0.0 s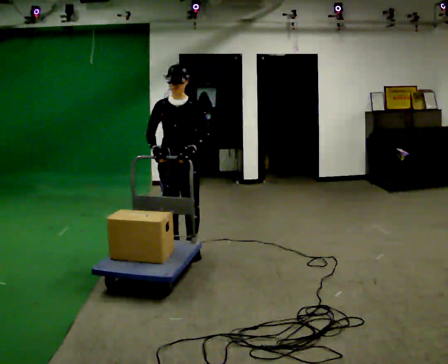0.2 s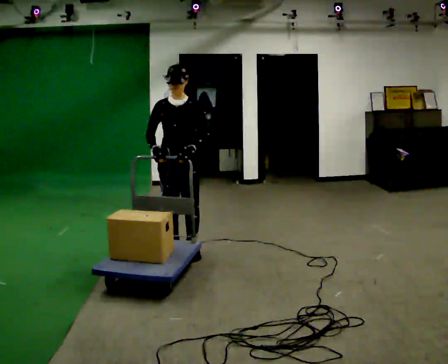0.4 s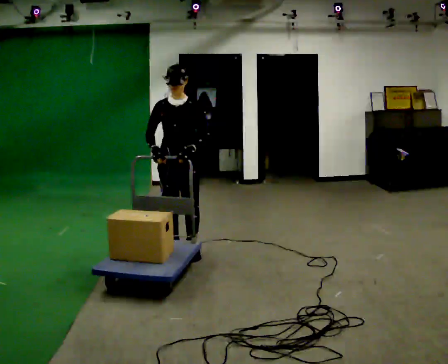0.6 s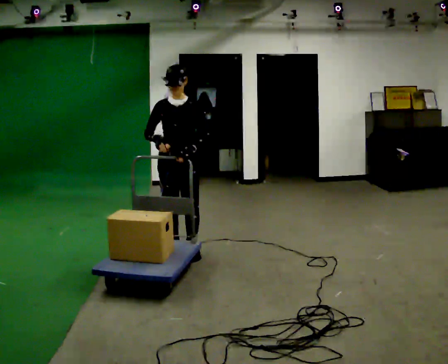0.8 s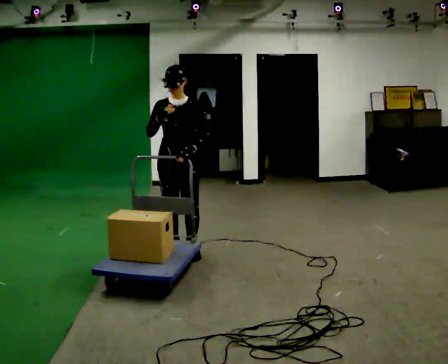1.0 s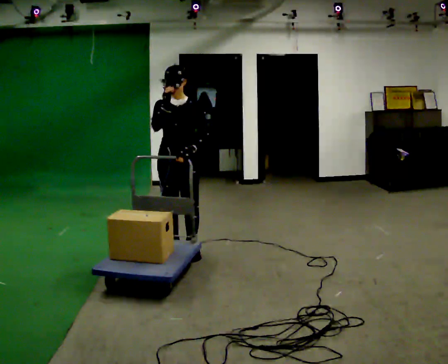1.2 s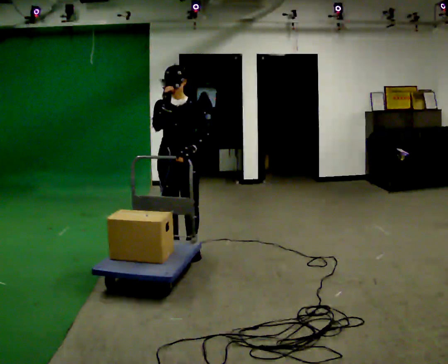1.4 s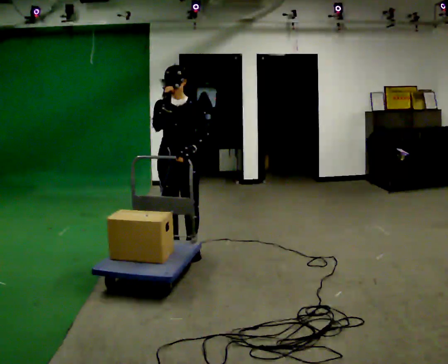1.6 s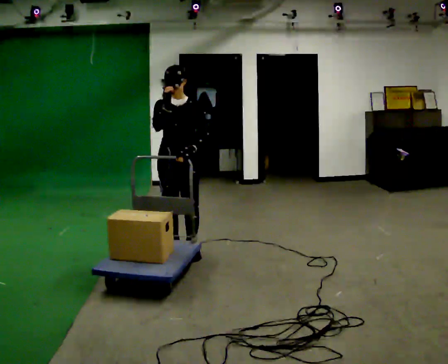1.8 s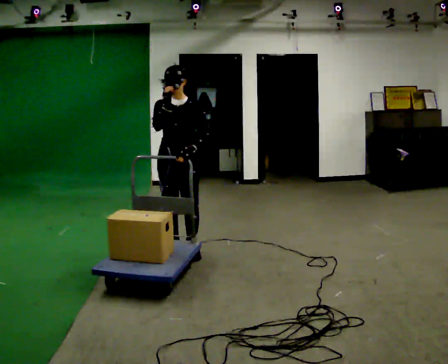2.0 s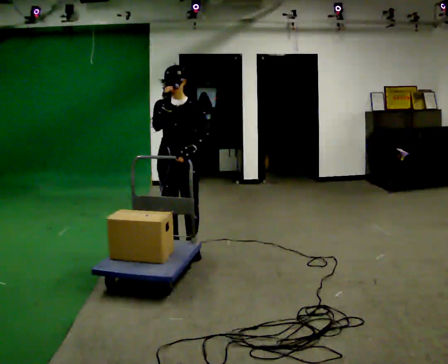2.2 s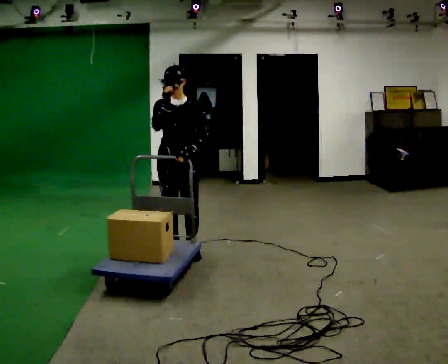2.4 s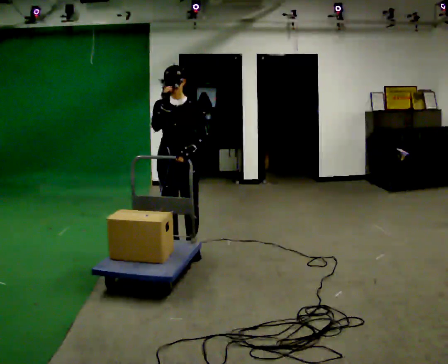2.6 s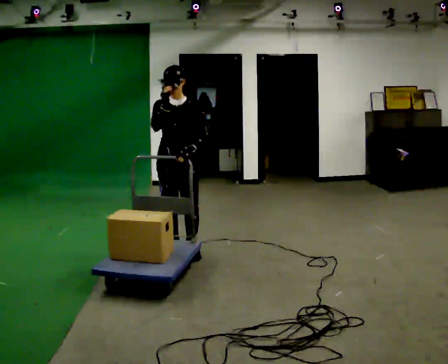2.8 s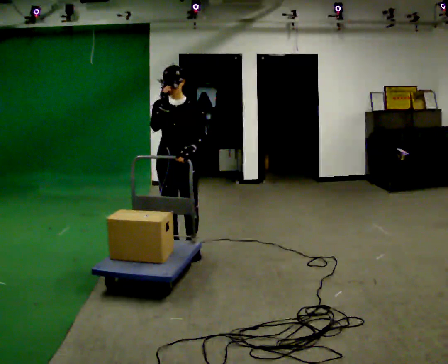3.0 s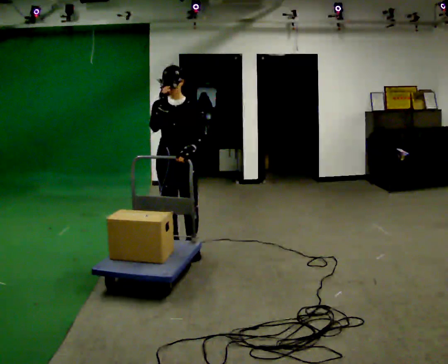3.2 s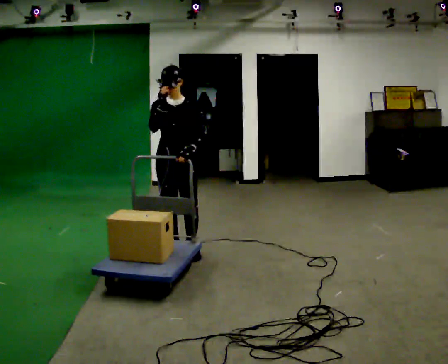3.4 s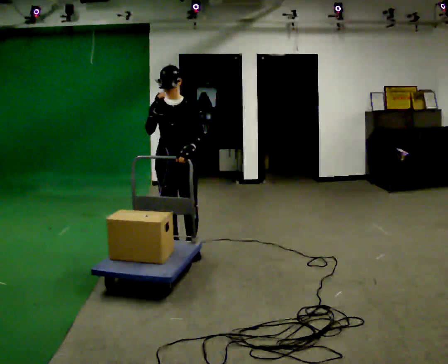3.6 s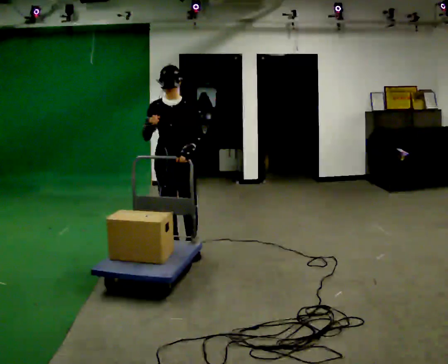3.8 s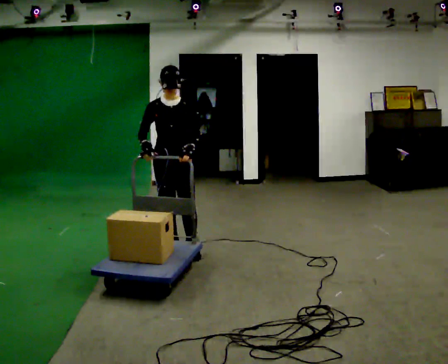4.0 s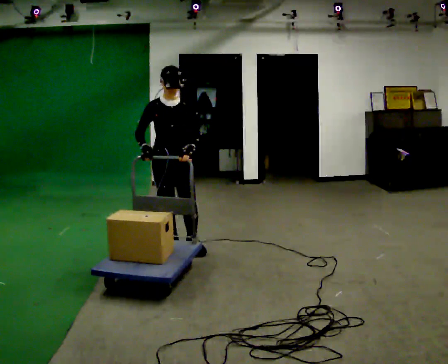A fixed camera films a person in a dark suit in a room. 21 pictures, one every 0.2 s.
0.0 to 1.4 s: In the picture their right hand goes upward.
1.4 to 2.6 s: The person keeps their place and pose.
2.6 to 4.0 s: In the picture their right hand goes downward.
The film runs backward here.
